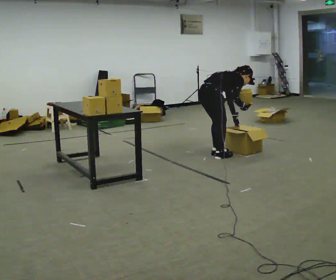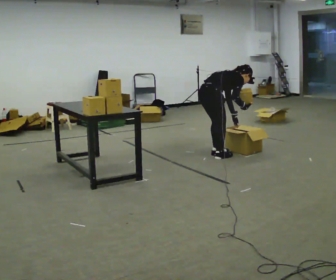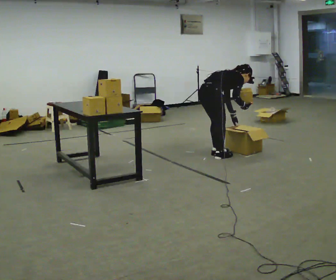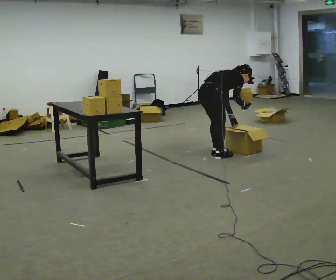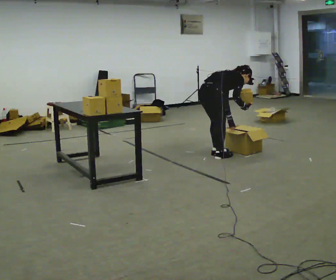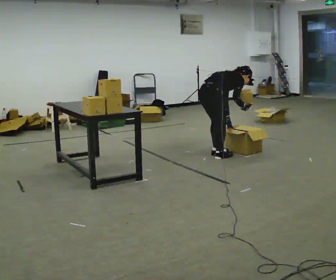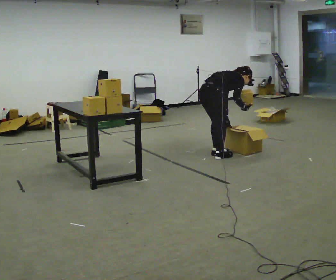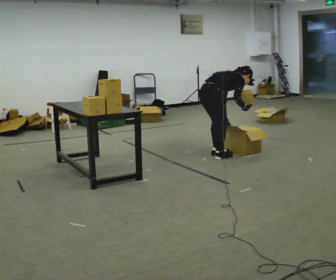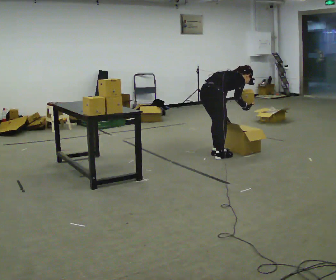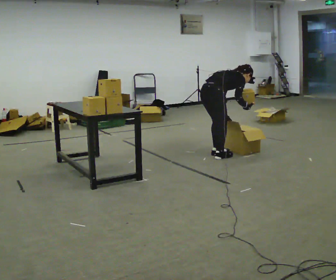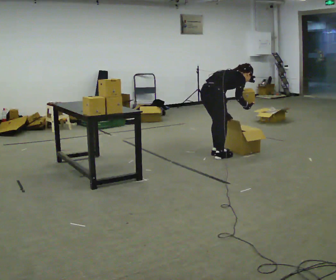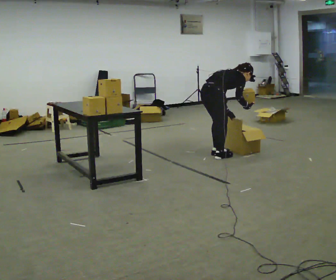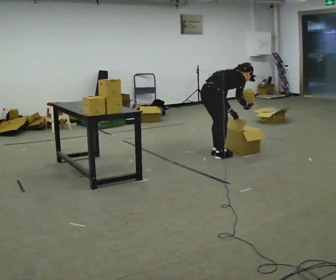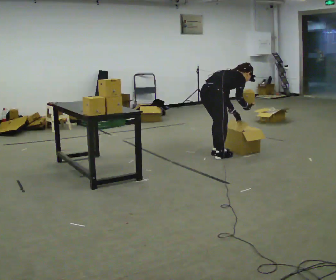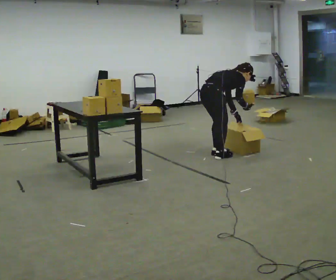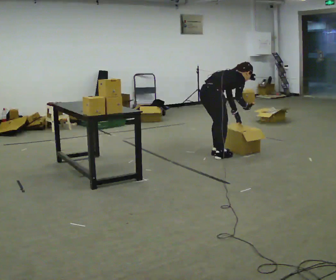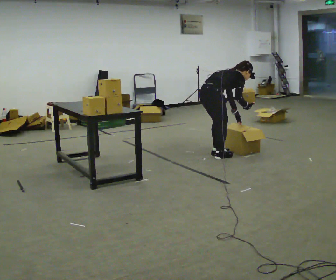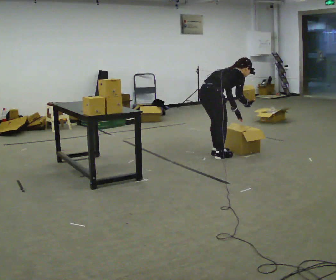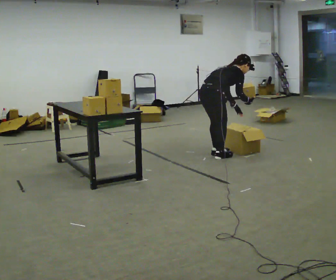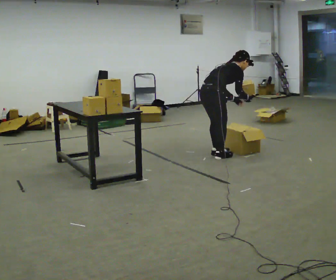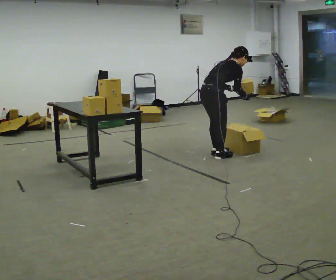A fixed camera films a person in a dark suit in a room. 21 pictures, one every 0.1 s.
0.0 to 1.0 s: The person moves a little, or ends about where they began.
1.0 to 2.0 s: The upper body tips toward the camera, its near side rolling downward, as they lean back or straighten. In the picture their left hand goes upward.
The film runs backward here.
